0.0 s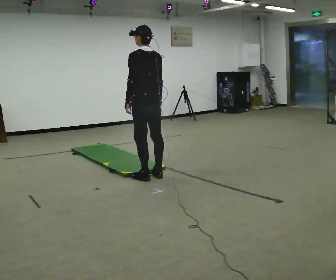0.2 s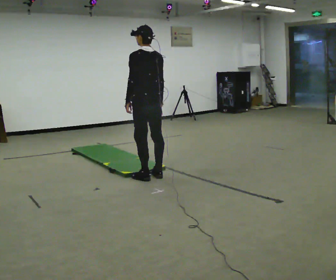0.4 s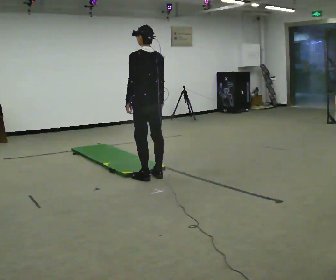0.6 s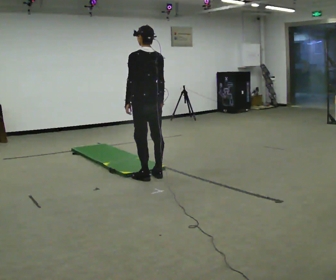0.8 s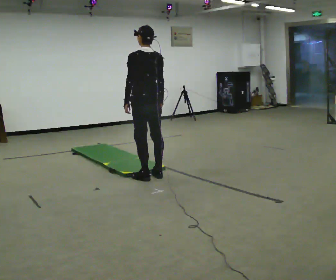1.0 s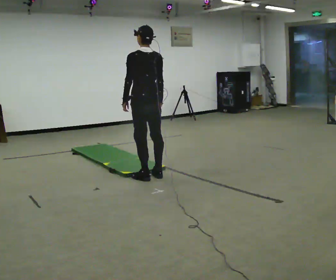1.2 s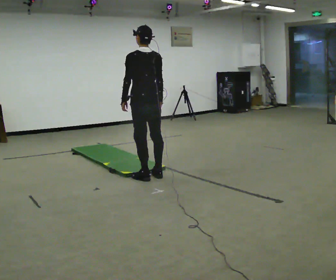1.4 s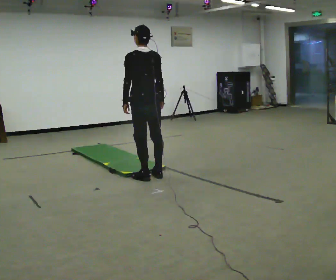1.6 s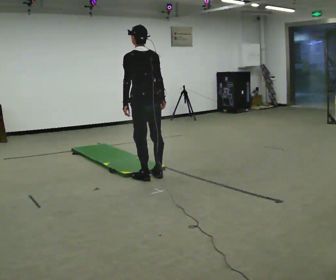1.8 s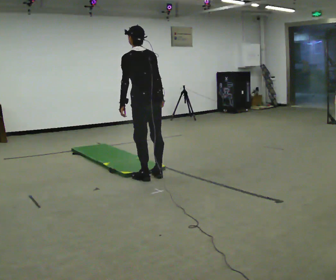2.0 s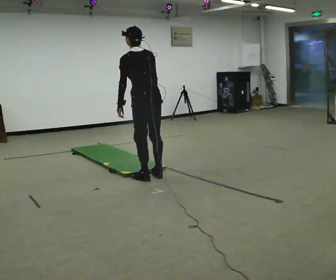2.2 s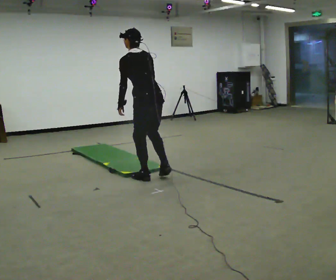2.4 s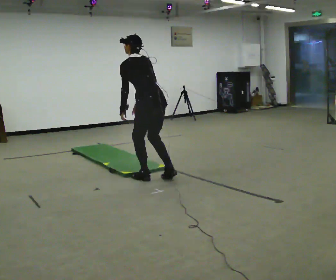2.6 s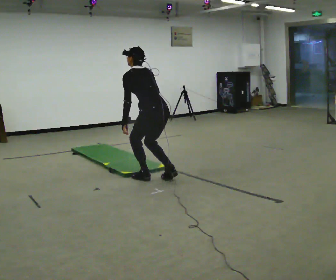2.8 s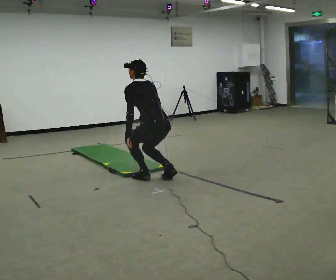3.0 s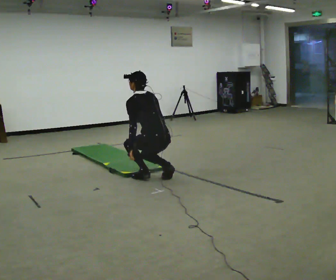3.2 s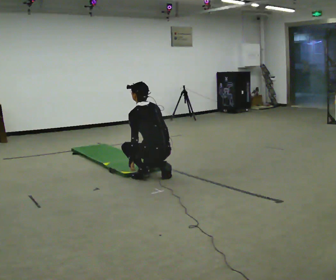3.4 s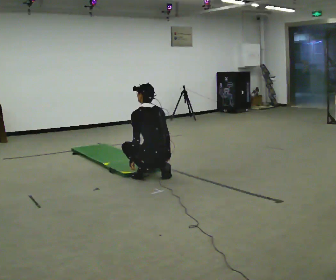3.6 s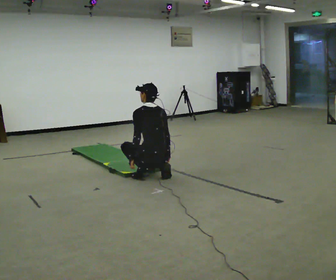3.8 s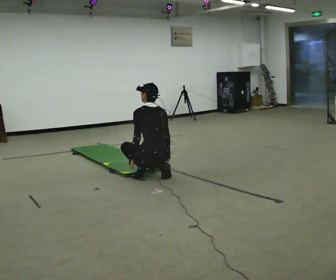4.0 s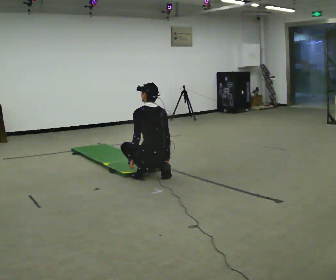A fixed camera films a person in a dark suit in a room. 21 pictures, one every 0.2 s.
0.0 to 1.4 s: The person moves a little, or ends about where they began.
1.4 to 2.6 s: The upper body goes downward. The upper body tips away from the camera, its near side rolling upward, as they bend forward.
2.6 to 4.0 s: The upper body goes downward. In the picture the upper body tilts clockwise, shoulders to the right, as they lean back or straighten. In the picture their right hand goes downward and to the right.
The film runs backward here.
